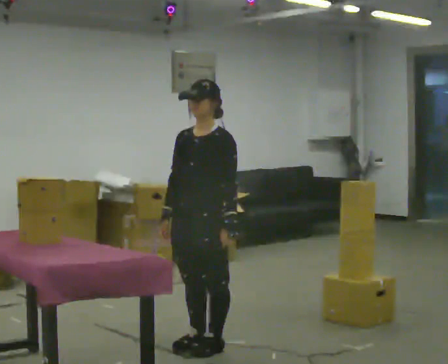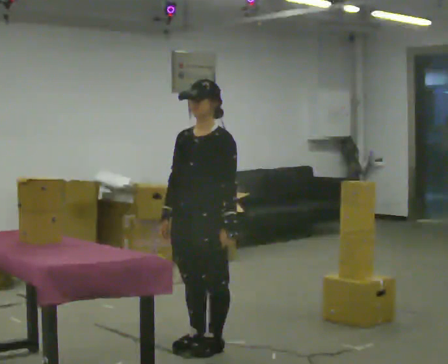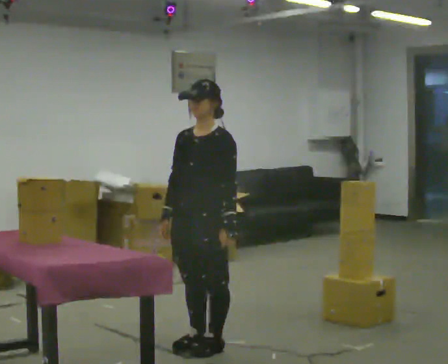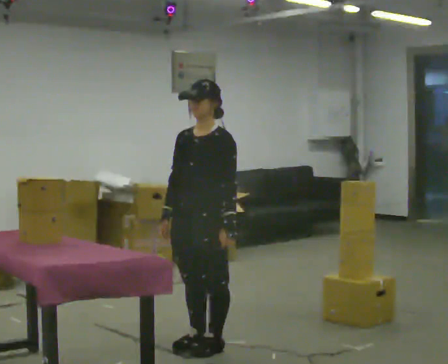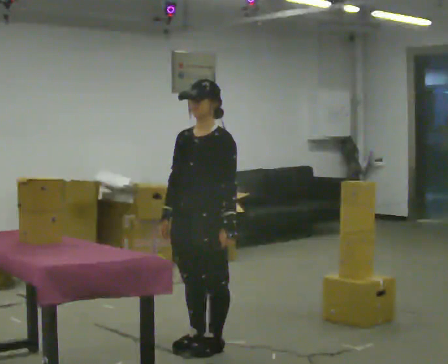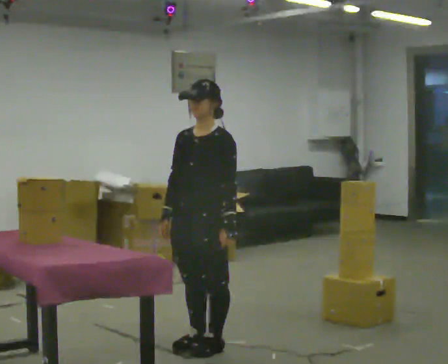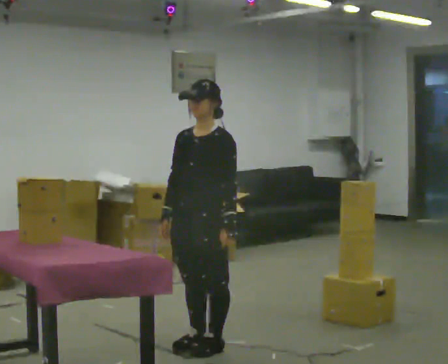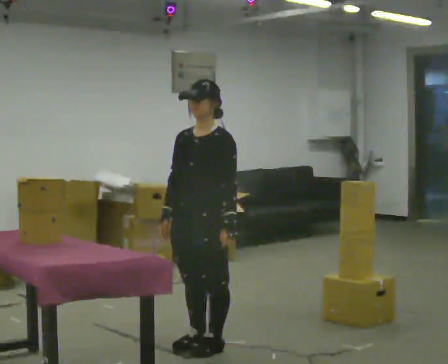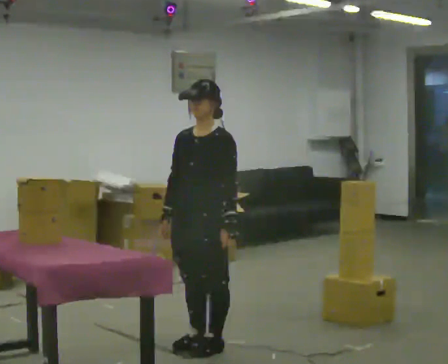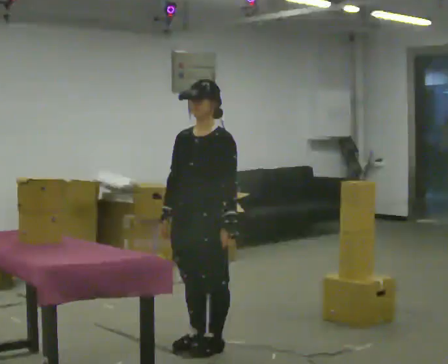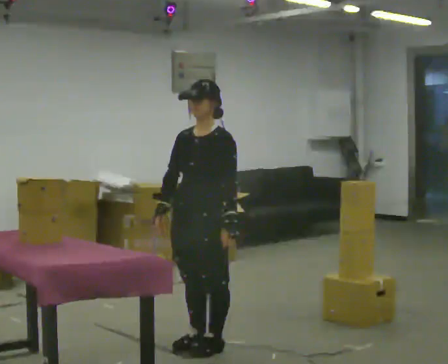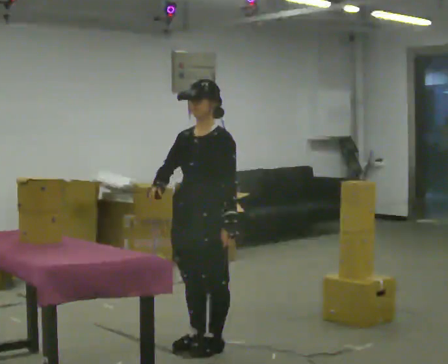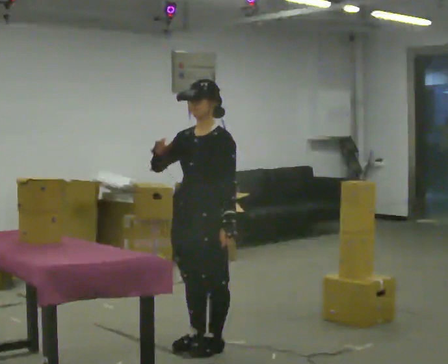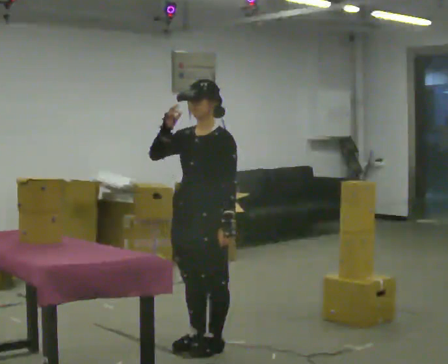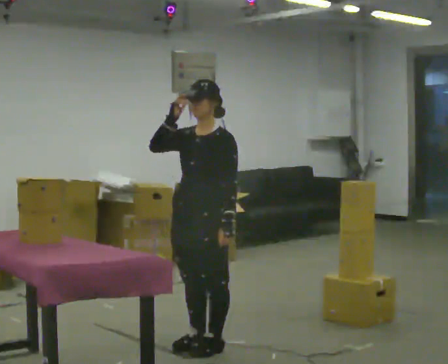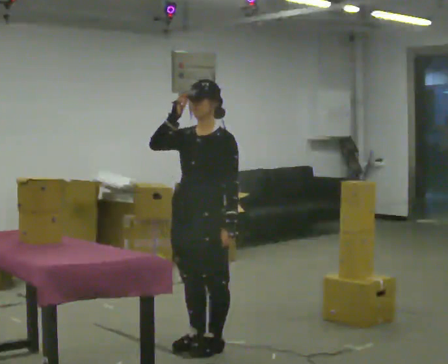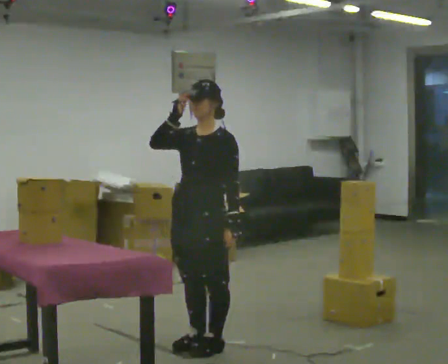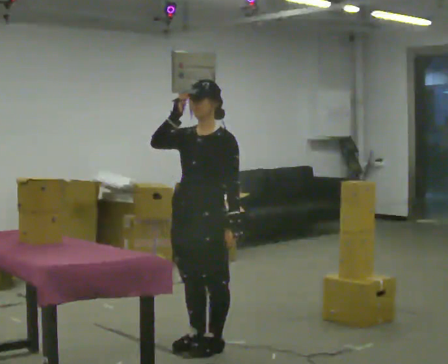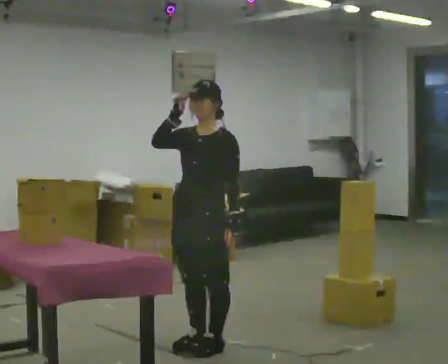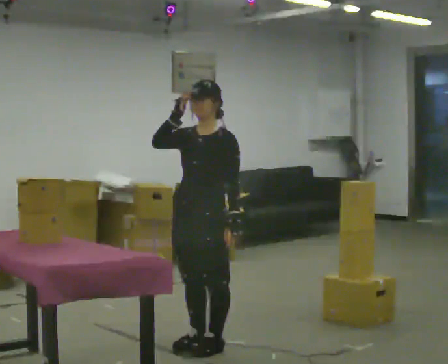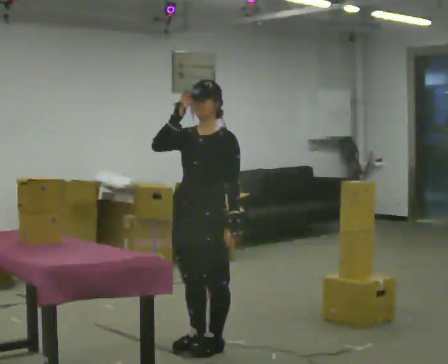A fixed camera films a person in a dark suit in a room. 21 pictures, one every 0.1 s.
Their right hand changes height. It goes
upward.
0.0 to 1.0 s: The person moves a little, or ends about where they began.
1.0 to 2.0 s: In the picture their right hand goes upward.
The film runs forward here.
